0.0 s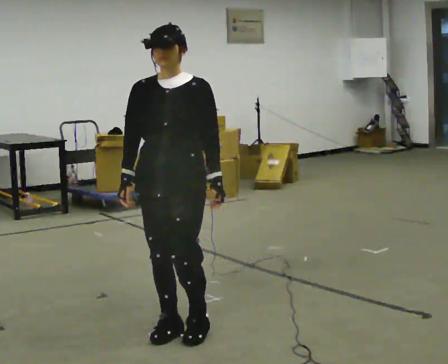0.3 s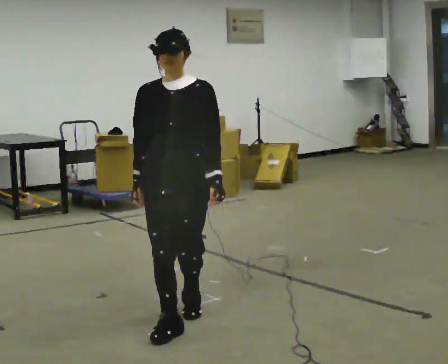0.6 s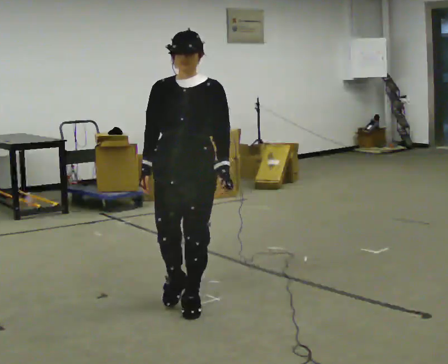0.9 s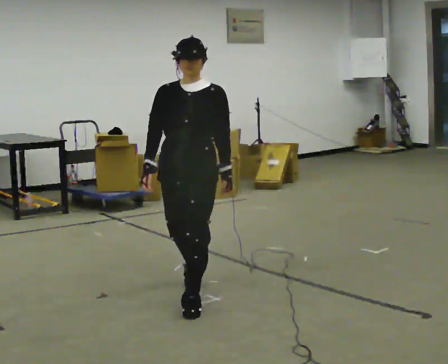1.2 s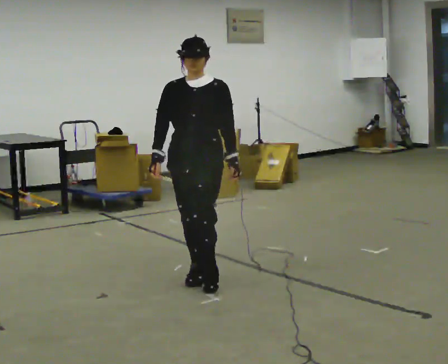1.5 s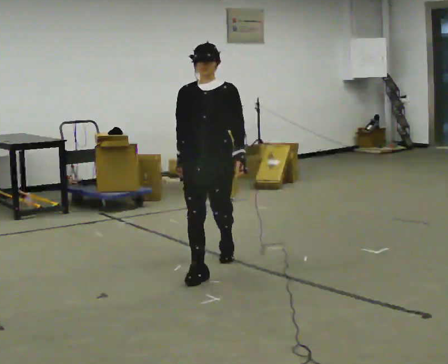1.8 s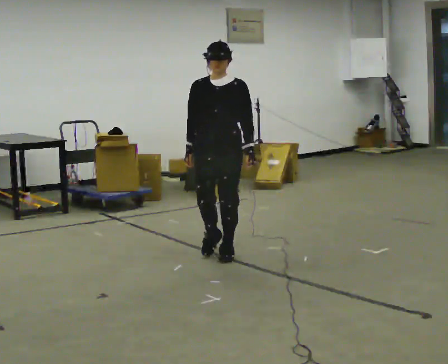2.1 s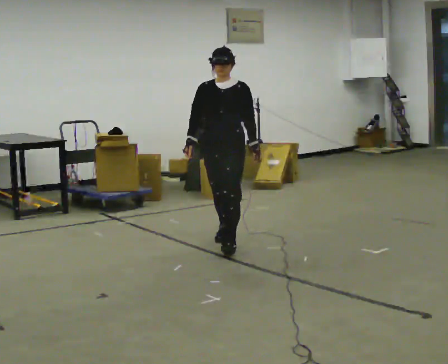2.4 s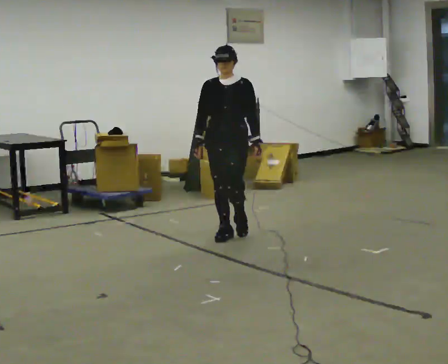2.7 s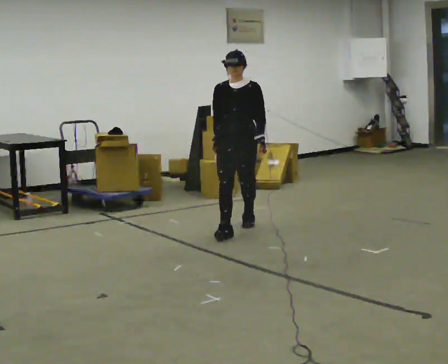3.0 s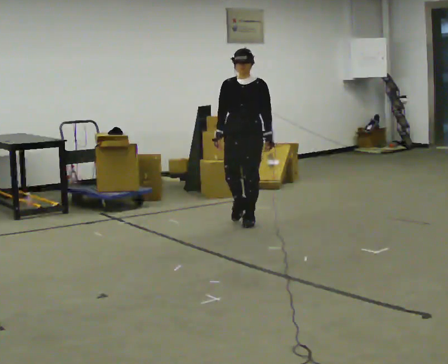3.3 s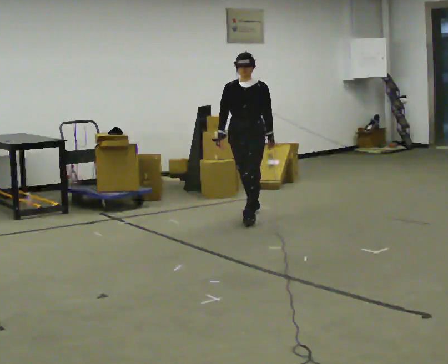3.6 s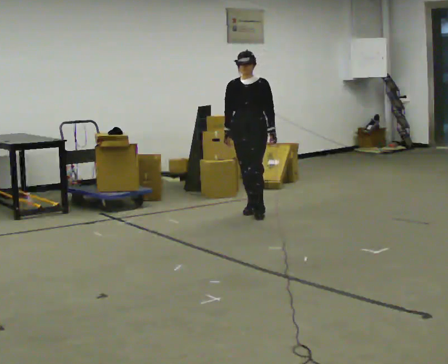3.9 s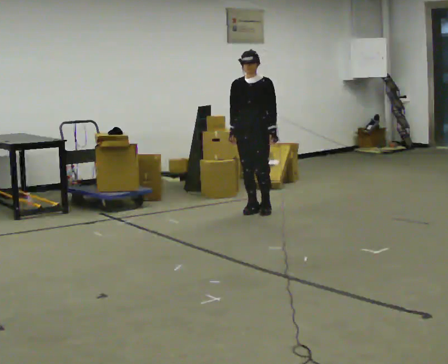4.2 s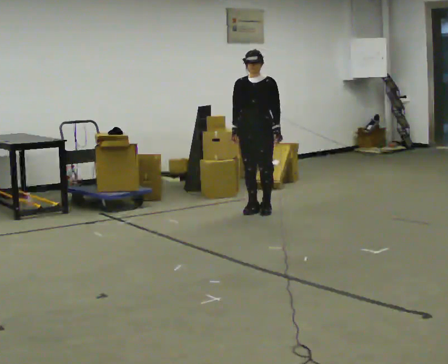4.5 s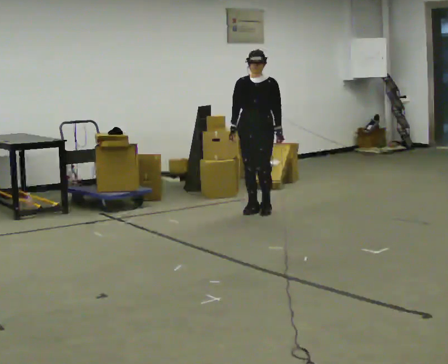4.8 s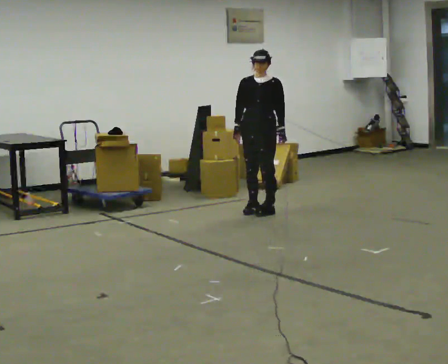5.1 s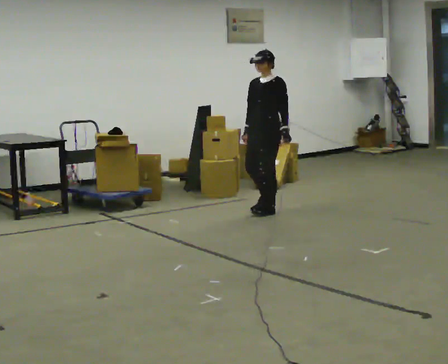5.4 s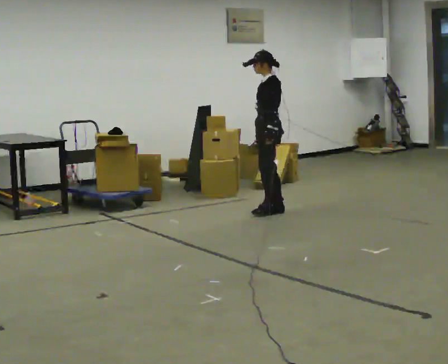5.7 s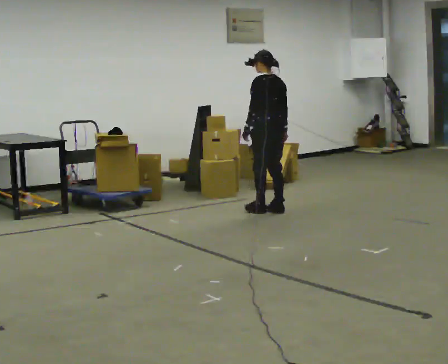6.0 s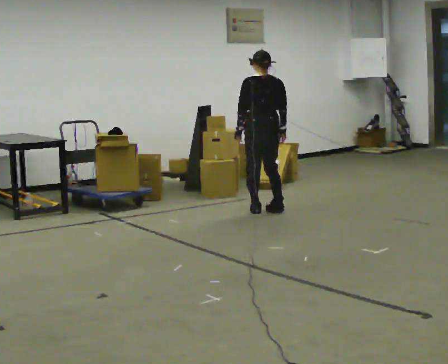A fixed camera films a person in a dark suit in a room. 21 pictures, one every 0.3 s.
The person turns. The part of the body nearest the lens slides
to the left.
The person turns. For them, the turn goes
to their right.
0.0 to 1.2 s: In the picture they go away from the camera, about 0.5 m in 2 steps, which for them is backward.
1.2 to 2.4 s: In the picture they go away from the camera, about 1.5 m in 2 steps, which for them is backward.
2.4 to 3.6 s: In the picture they go away from the camera, about 1 m in 2 steps, which for them is backward.
3.6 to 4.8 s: The person moves a little, or ends about where they began.
4.8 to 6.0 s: Seen from above the body turns clockwise, about 150 degrees: to their right, with its near side sliding to the left. In the picture their left hand goes to the left, the arm swinging clockwise.
The film runs backward here.
